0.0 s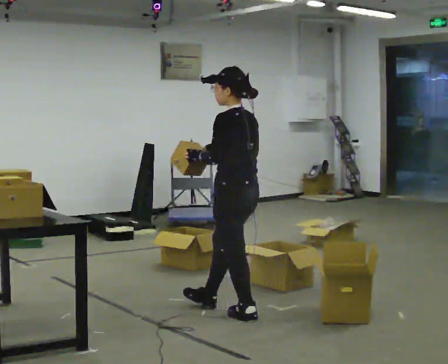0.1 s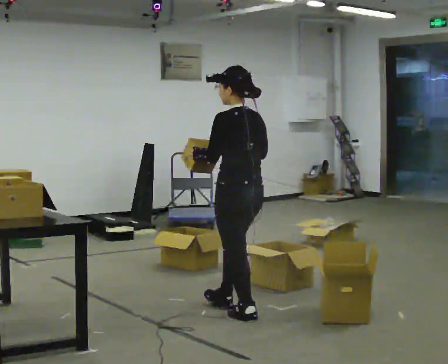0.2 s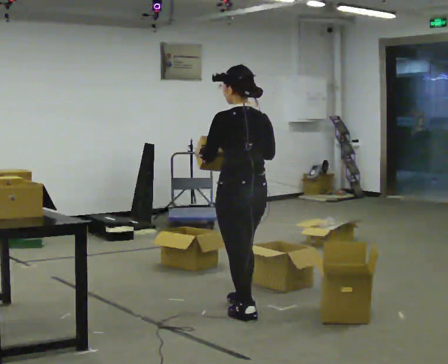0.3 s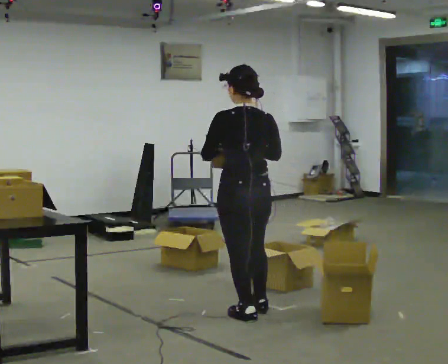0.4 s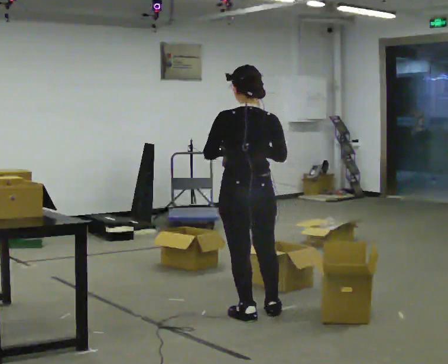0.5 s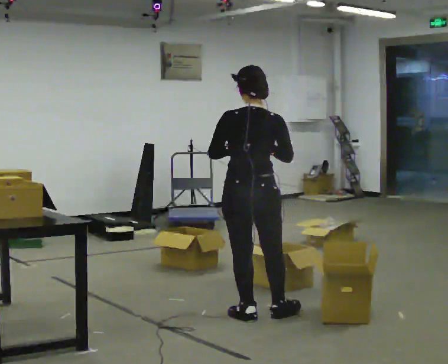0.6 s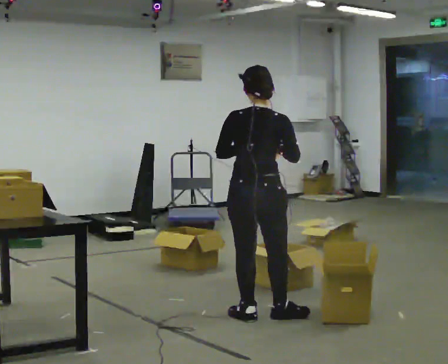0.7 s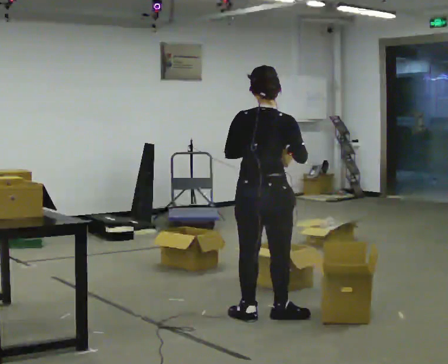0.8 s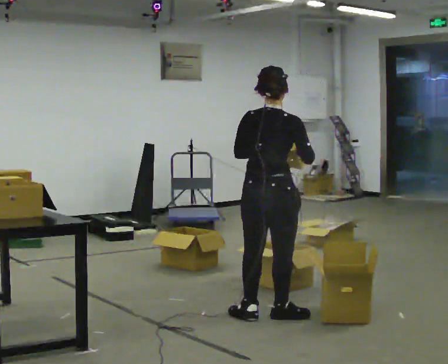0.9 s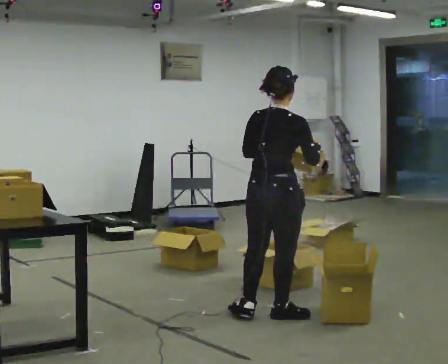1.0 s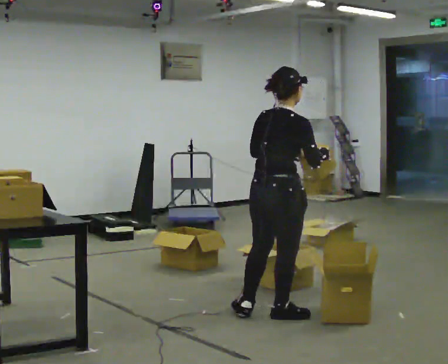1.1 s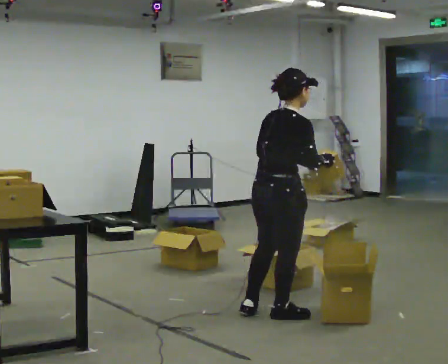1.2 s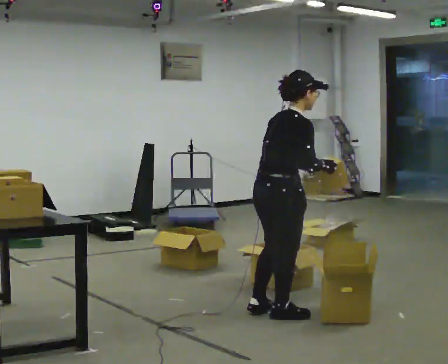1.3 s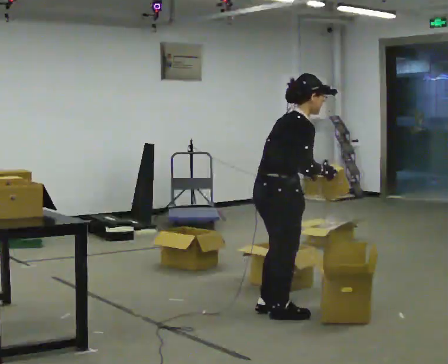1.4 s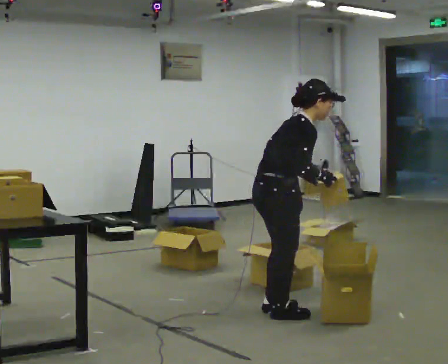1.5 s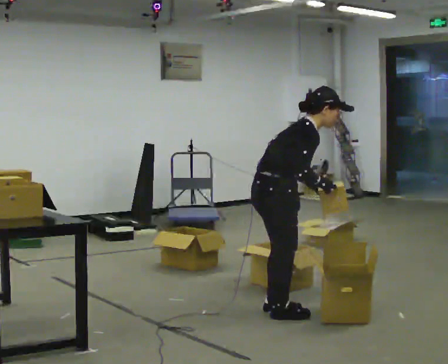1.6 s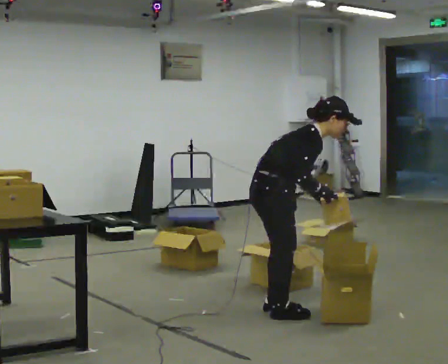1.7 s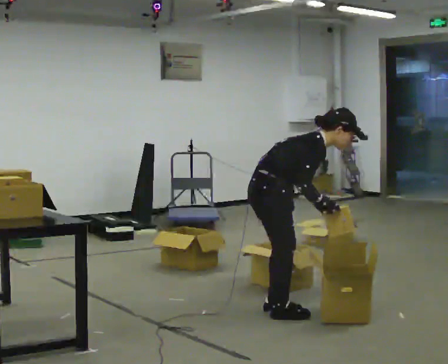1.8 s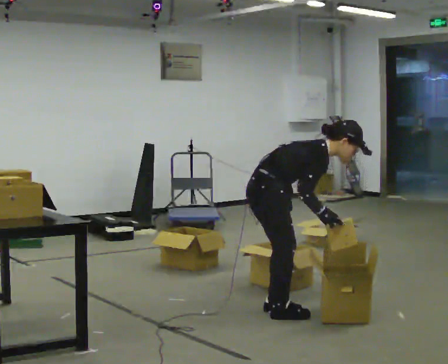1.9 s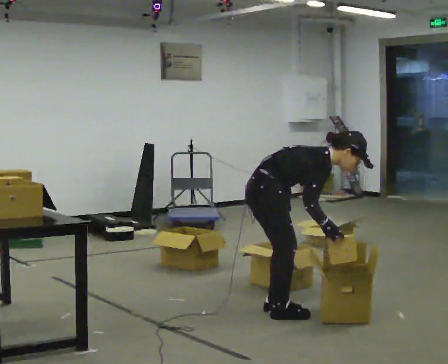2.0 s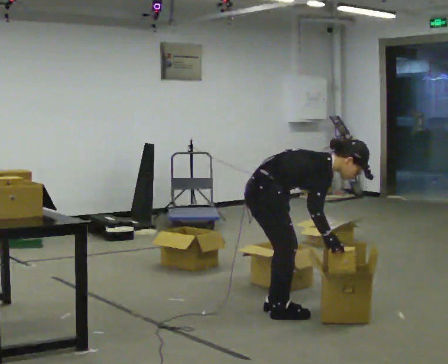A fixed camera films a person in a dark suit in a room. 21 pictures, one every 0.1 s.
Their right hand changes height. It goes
downward.
The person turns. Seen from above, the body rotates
clockwise.
0.0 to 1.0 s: Seen from above the body turns clockwise, about 105 degrees: to their right, with its near side sliding to the left. In the picture they go to the right, about 0.25 m in 1 step. In the picture their right hand goes to the right.
1.0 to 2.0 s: Seen from above the body turns clockwise, about 45 degrees: to their right, with its near side sliding to the left. The shoulders move downward. In the picture the upper body tilts clockwise, shoulders to the right, as they bend forward. In the picture their right hand goes downward.
The film runs backward here.
